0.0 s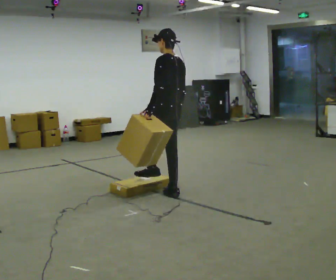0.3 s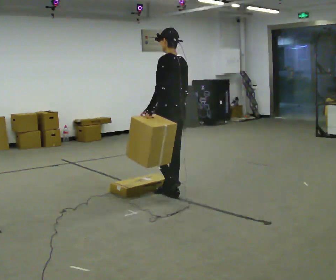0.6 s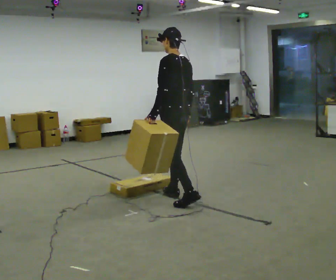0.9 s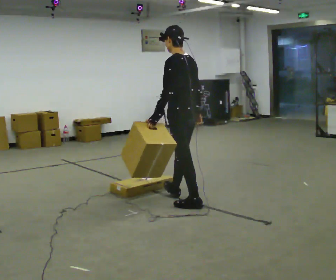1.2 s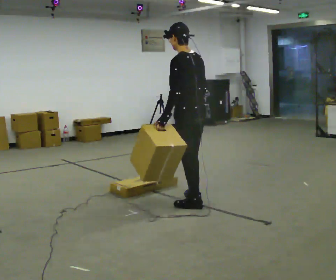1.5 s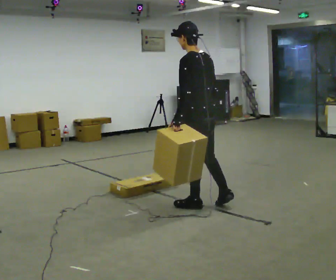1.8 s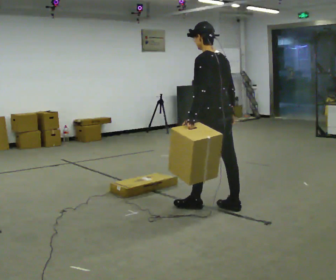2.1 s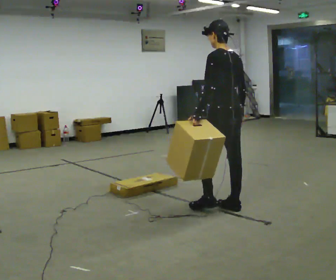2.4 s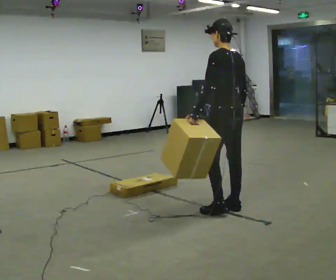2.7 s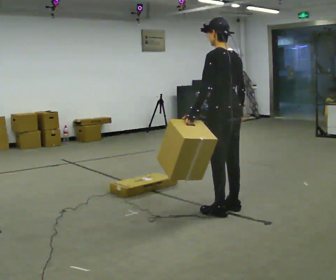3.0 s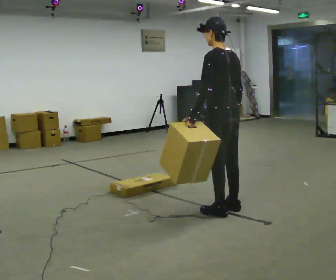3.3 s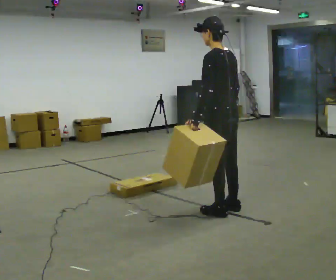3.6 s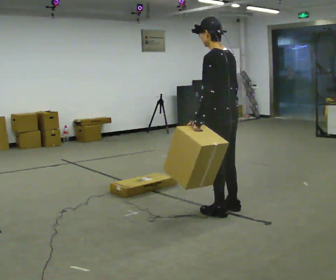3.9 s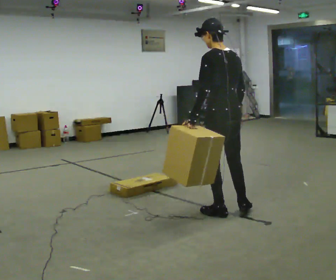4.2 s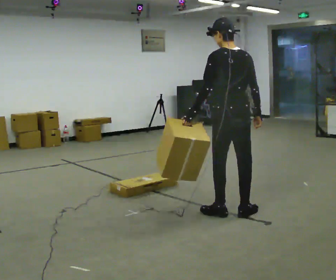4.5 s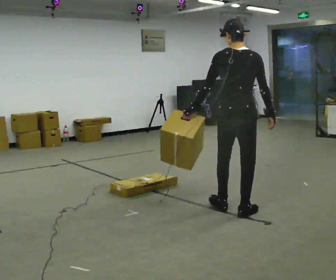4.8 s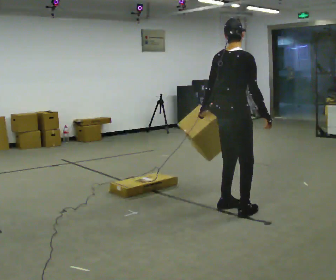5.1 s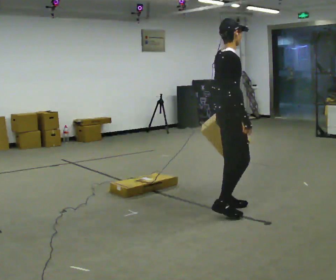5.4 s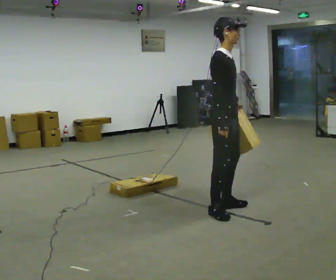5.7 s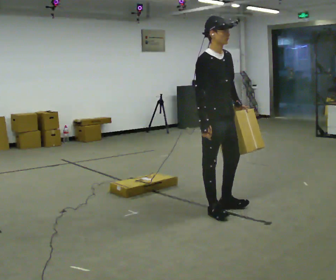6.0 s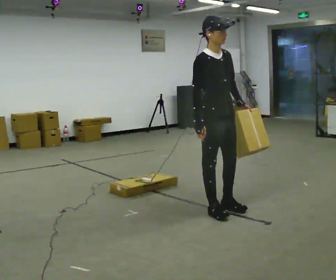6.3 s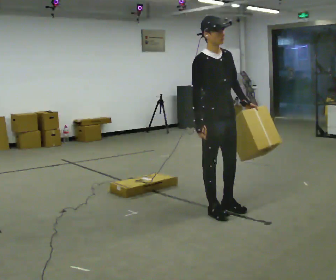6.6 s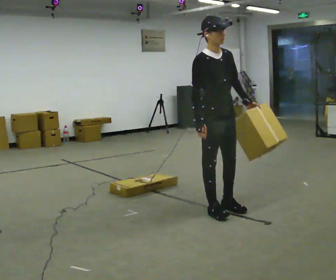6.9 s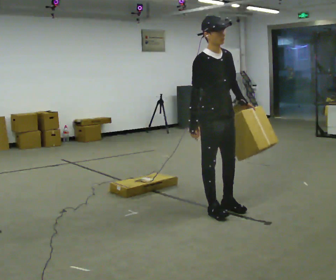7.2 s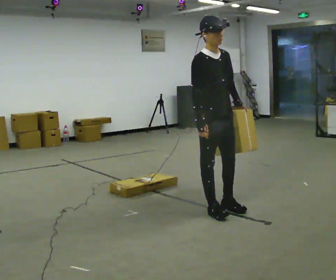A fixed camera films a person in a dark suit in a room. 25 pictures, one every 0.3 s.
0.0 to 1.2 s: In the picture they go toward the camera and to the right, about 0.5 m in 1 step, which for them is backward and to their left.
1.2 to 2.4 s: In the picture they go to the right, about 0.25 m in 1 step, which for them is backward.
2.4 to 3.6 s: The person moves a little, or ends about where they began.
3.6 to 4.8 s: The part of the body nearest the lens slides to the left as the person turns to their right by about 90 degrees.
4.8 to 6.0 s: Seen from above the body turns clockwise, about 105 degrees: to their right, with its near side sliding to the left. In the picture they go to the left, about 0.25 m in 1 step. In the picture their left hand goes to the right, the arm swinging counterclockwise.
6.0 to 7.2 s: The person moves a little, or ends about where they began.
The film runs backward here.
